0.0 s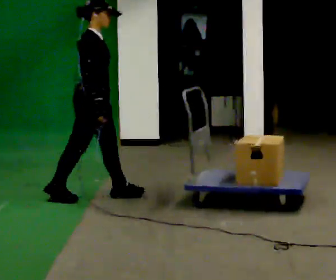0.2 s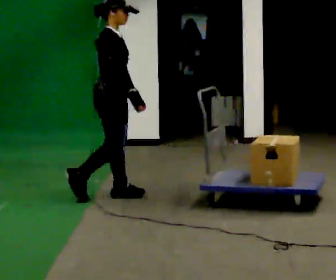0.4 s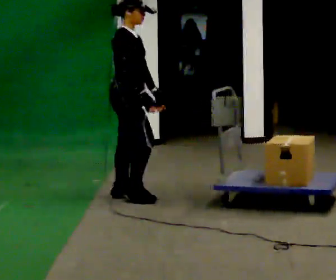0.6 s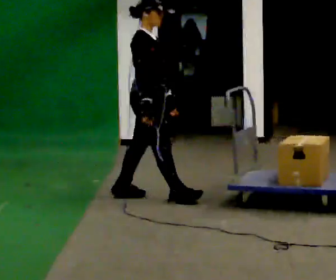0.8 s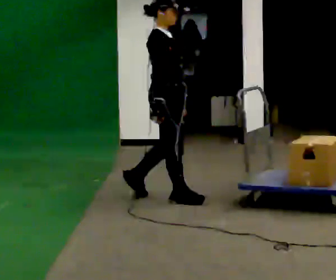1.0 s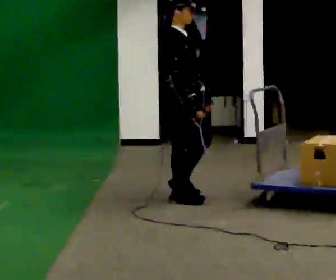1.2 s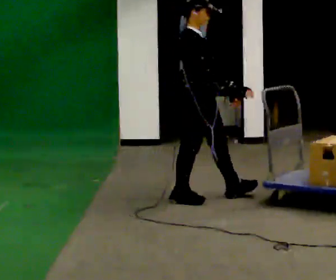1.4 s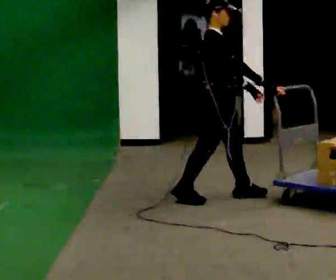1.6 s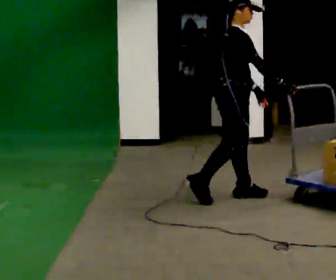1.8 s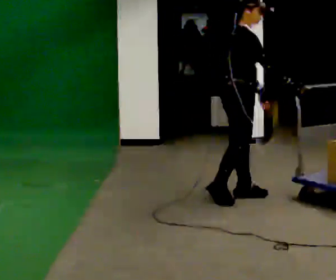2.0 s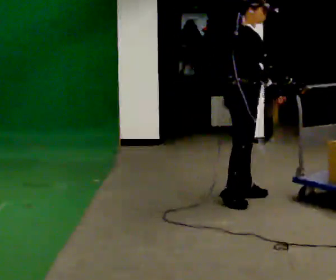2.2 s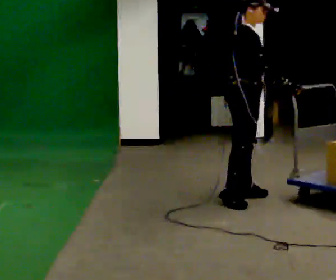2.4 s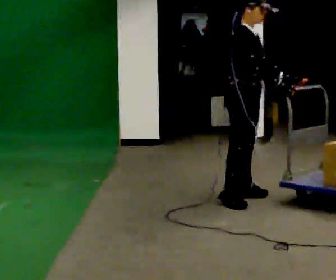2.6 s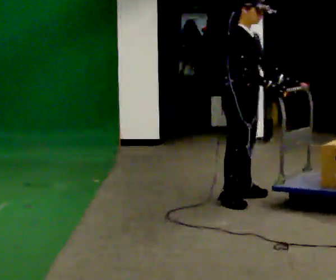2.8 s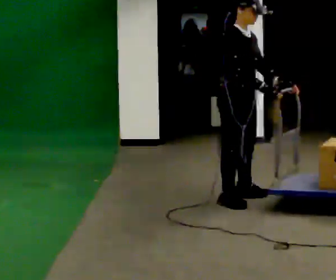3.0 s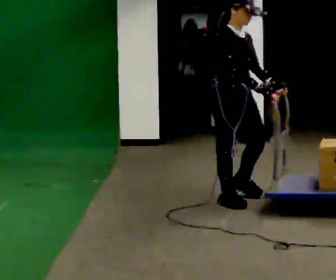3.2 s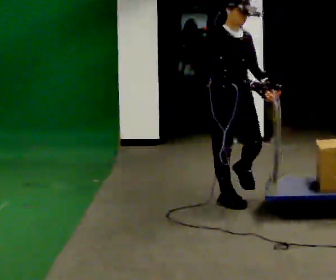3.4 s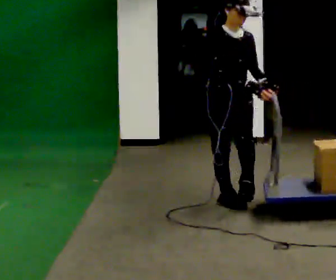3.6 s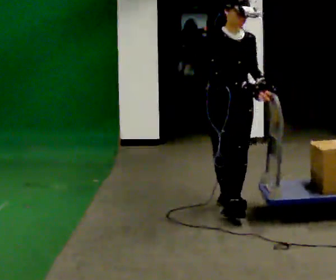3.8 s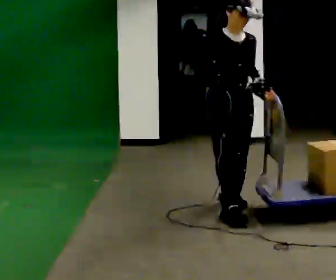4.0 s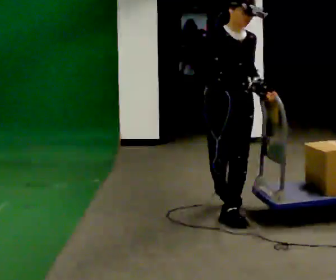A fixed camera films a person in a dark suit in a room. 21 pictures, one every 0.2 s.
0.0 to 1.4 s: In the picture they go to the right, about 1 m in 2 steps, which for them is forward.
1.4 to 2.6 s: The person moves a little, or ends about where they began.
2.6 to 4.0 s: The person turns about 45 degrees to their right, clockwise seen from above, so the part of the body nearest the lens slides to the left. In the picture they go toward the camera, about 0.5 m in 1 step, which for them is forward and to their right.
The film runs forward here.
